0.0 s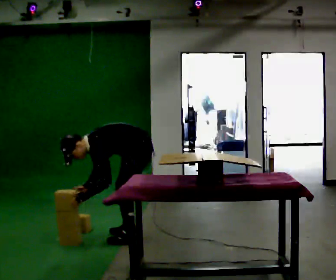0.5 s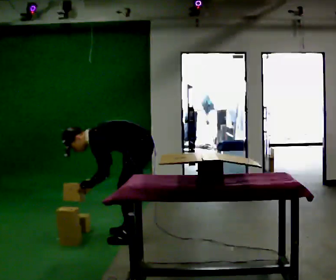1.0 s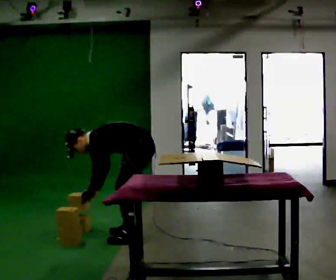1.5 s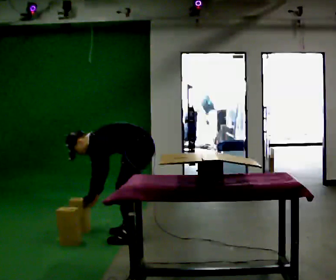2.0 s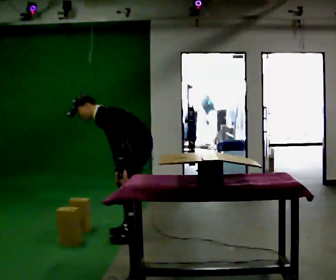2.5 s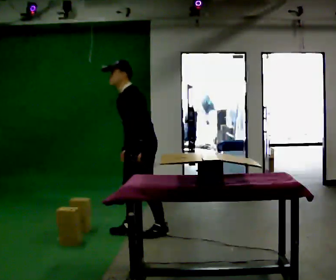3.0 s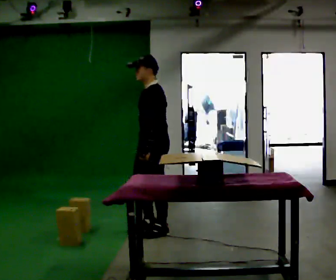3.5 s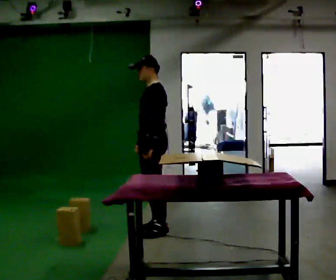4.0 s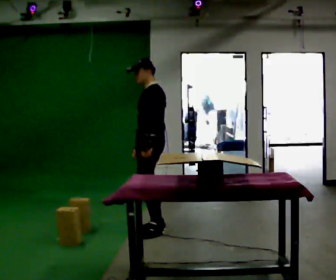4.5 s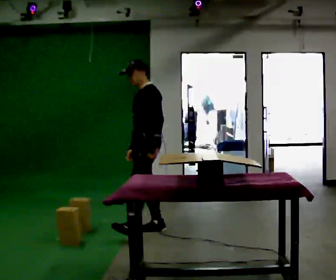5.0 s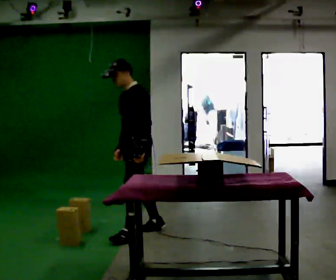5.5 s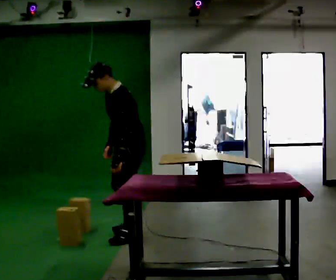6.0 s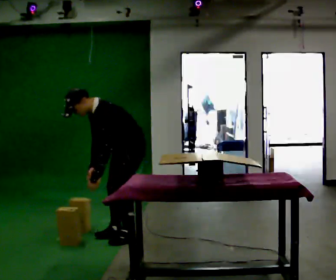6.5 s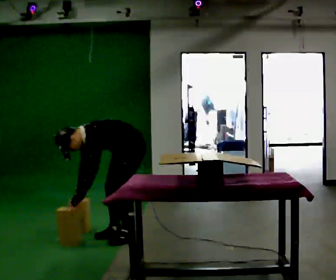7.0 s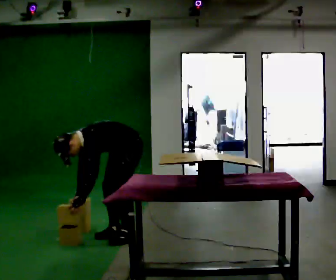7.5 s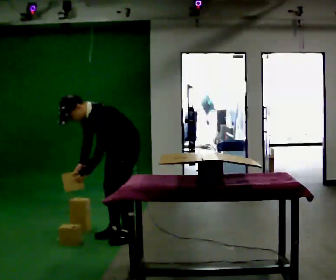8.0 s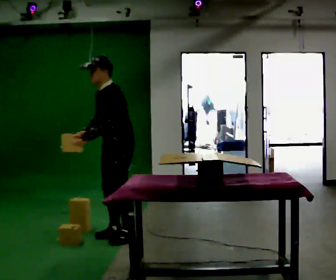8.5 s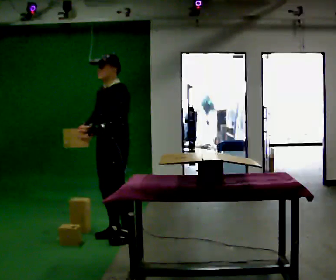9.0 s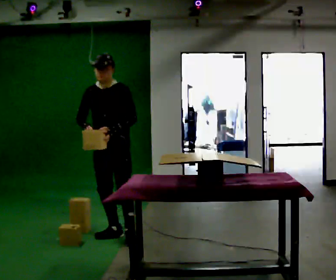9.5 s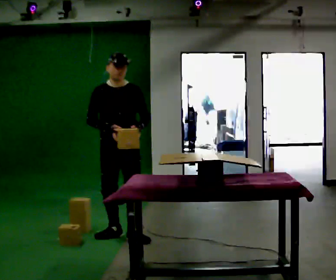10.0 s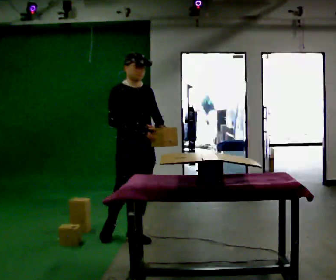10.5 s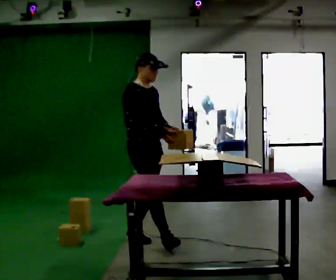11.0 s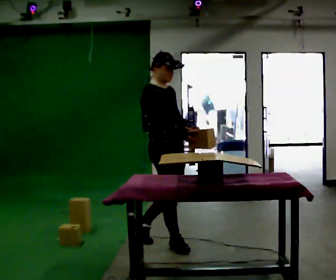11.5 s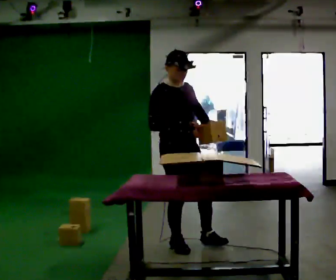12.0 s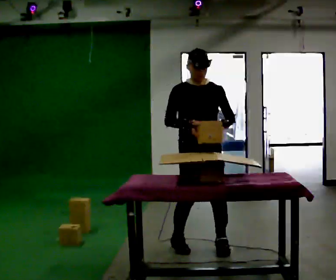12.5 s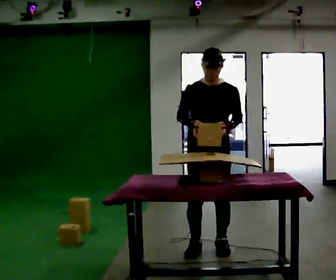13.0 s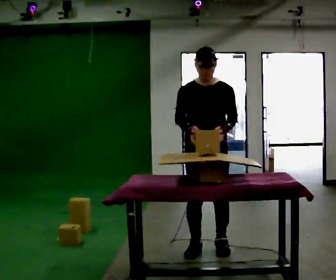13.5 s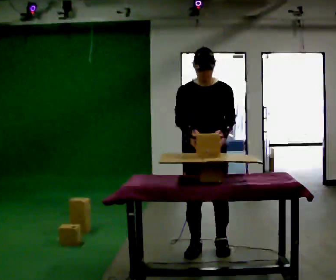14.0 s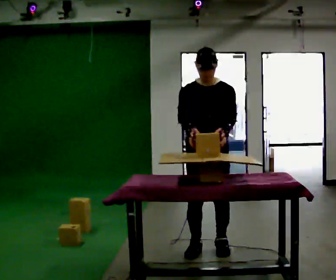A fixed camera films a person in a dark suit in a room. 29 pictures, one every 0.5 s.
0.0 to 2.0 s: The shoulders move upward. In the picture their left hand goes to the right.
2.0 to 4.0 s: In the picture they go away from the camera, about 0.25 m in 2 steps, which for them is backward and to their right. The upper body goes upward. In the picture the upper body tilts clockwise, shoulders to the right, as they lean back or straighten.
4.0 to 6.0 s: In the picture they go toward the camera and to the left, about 0.25 m in 2 steps, which for them is forward and to their left. The upper body goes downward. In the picture the upper body tilts counterclockwise, shoulders to the left, as they bend forward.
6.0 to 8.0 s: In the picture their left hand goes upward.
8.0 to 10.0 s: Seen from above the body turns counterclockwise, about 90 degrees: to their left, with its near side sliding to the right. In the picture their left hand goes to the right, the arm swinging counterclockwise.
10.0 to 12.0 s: In the picture they go to the right and toward the camera, about 0.75 m in 2 steps, which for them is forward.
12.0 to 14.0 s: The person moves a little, or ends about where they began.
The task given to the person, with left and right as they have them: Carry the object over and set it down on the wobbly board without tipping it over. Keep going until the operator says stop; one object at a time, and do not rush between trips.
The film runs forward here.
